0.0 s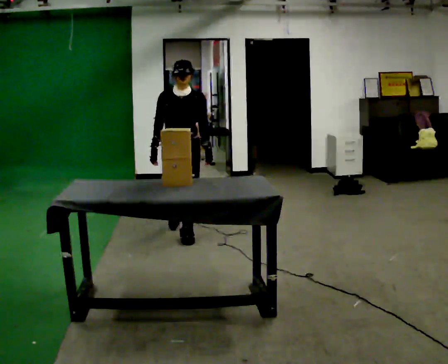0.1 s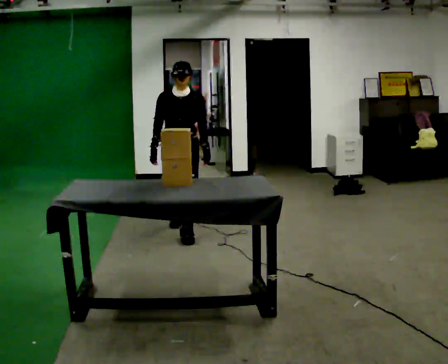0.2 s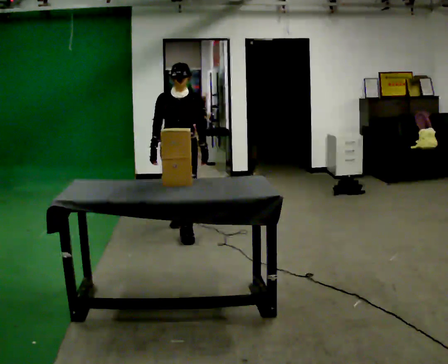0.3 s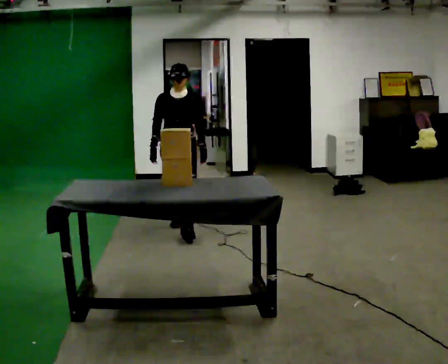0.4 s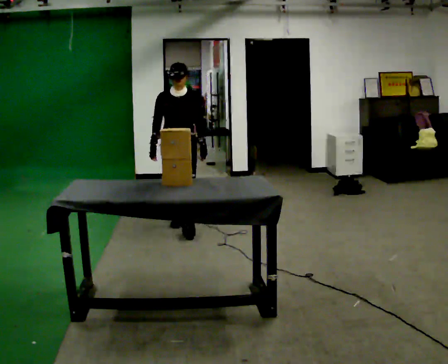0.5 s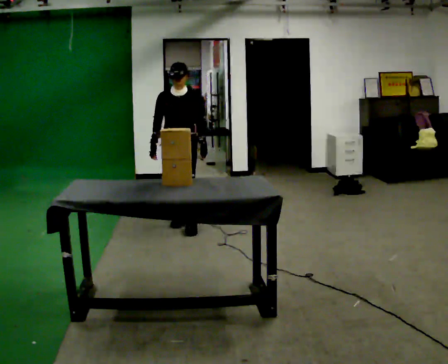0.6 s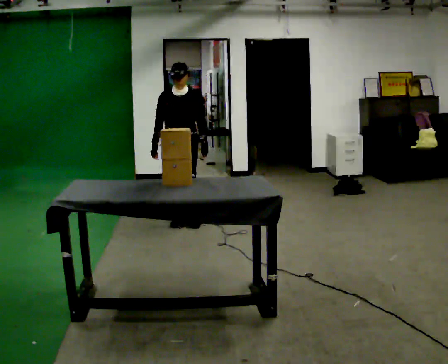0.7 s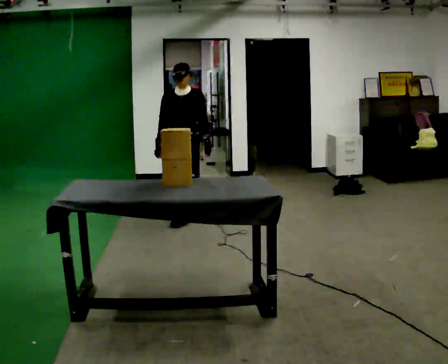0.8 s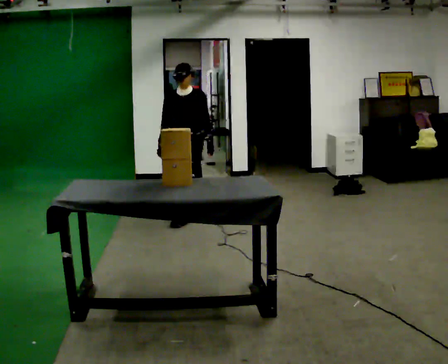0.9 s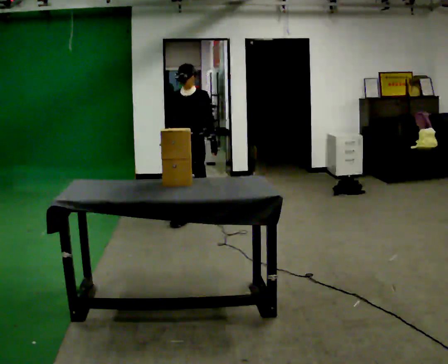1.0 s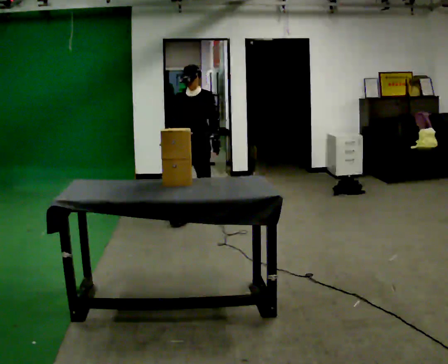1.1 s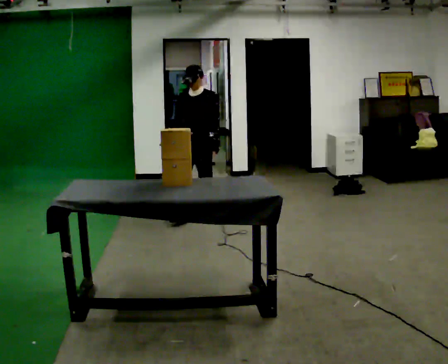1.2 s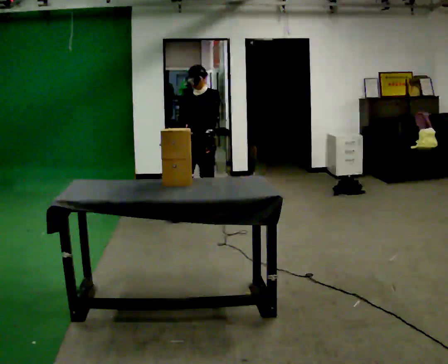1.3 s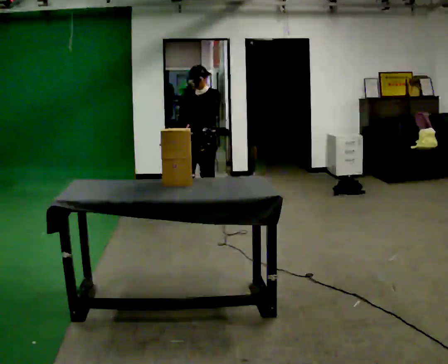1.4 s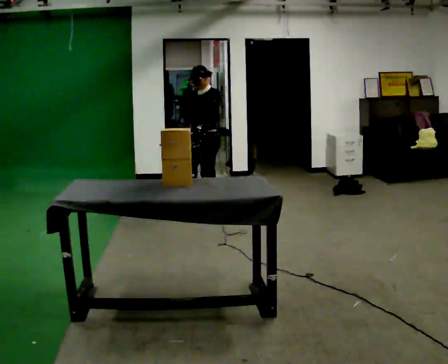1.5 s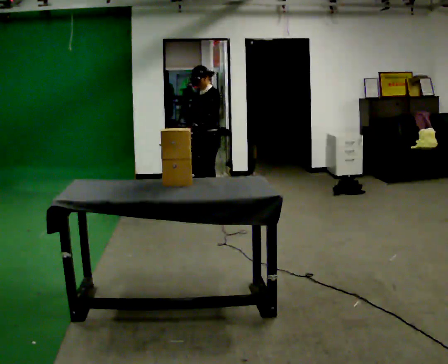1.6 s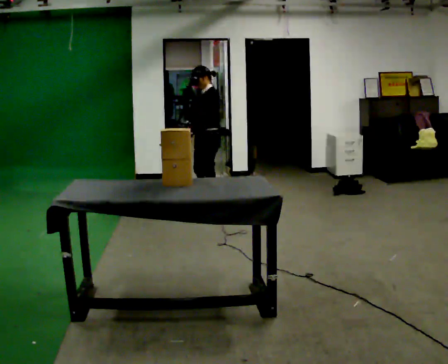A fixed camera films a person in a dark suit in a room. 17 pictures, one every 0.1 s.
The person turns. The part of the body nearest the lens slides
to the left.
The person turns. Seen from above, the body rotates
clockwise.
0.0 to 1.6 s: Seen from above the body turns clockwise, about 60 degrees: to their right, with its near side sliding to the left. In the picture they go away from the camera, about 1 m in 2 steps.
The film runs backward here.
